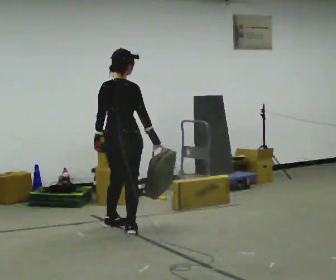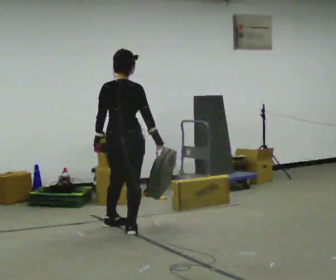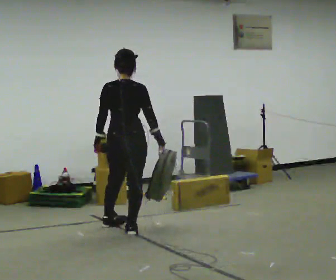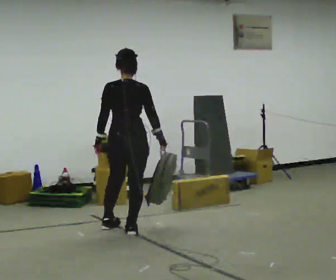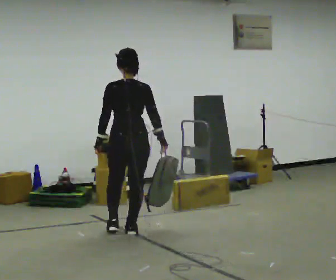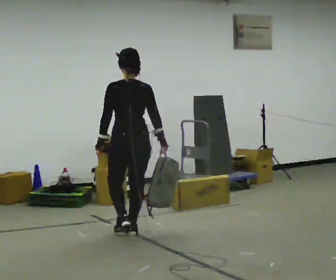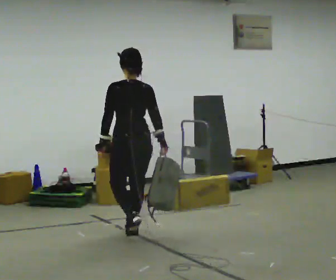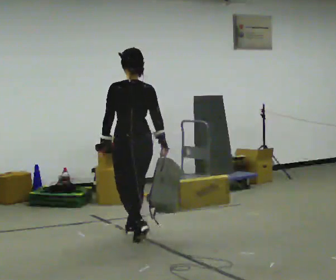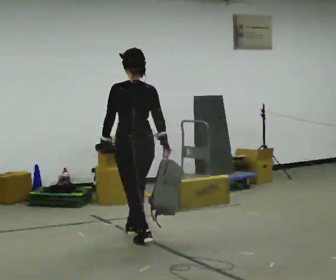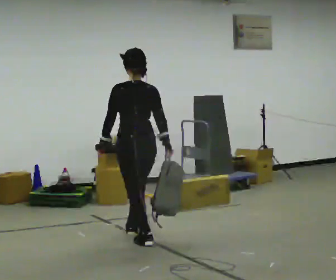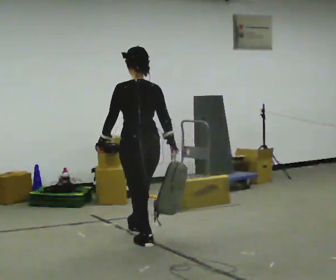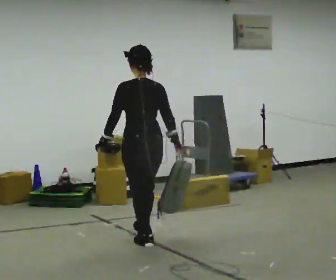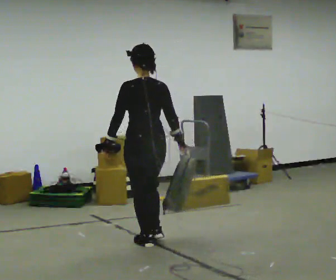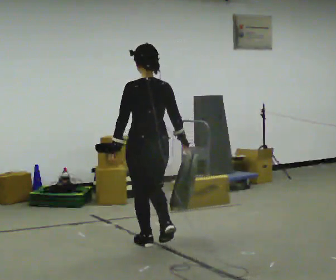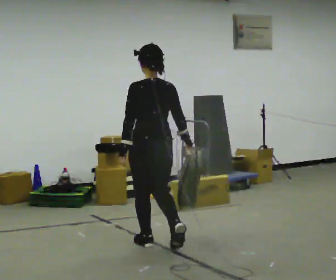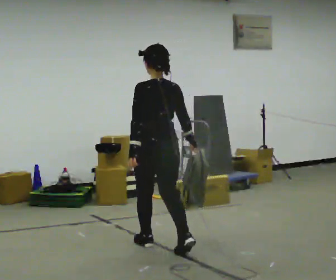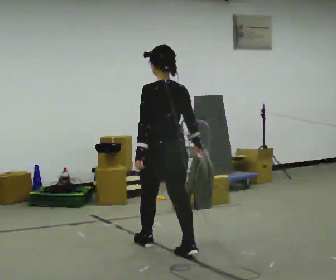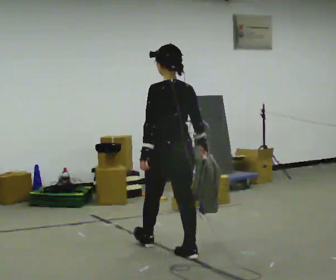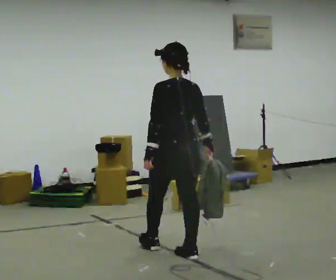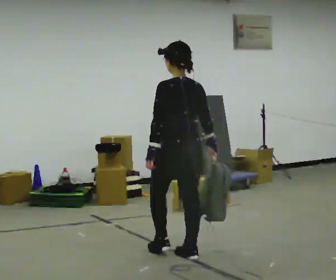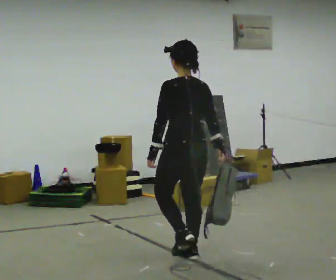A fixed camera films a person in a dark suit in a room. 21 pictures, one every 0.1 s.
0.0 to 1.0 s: The part of the body nearest the lens slides to the right as the person turns to their left by about 45 degrees. In the picture they go toward the camera and to the right, about 0.5 m in 2 steps, which for them is backward.
1.0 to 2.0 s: In the picture they go toward the camera and to the right, about 0.75 m in 1 step, which for them is backward.
The film runs backward here.
